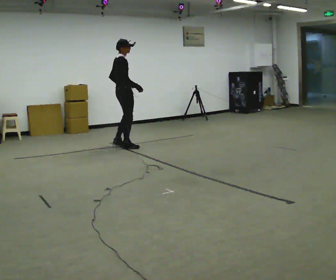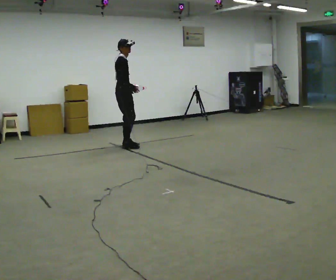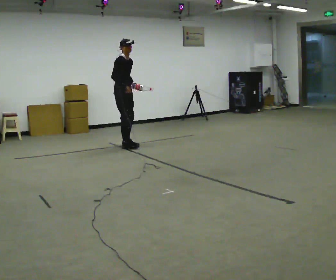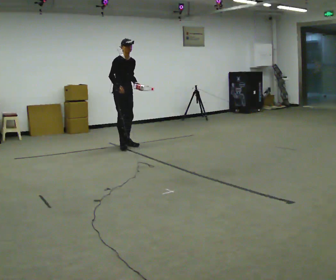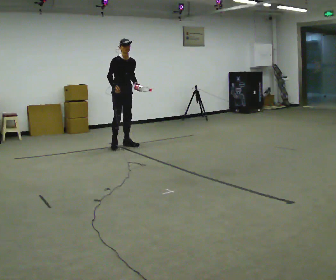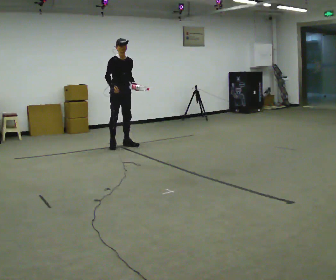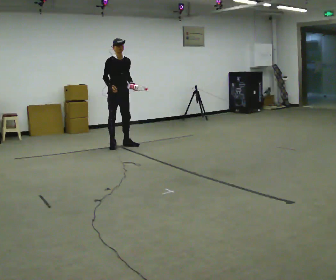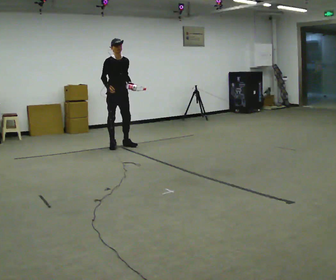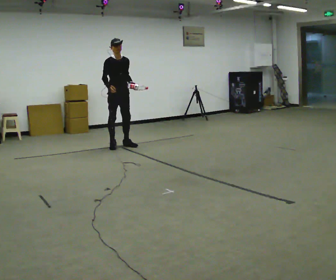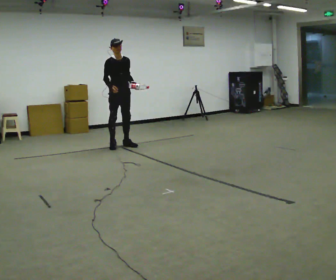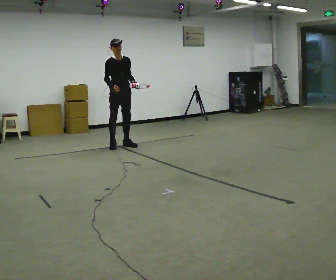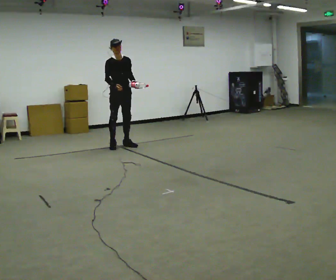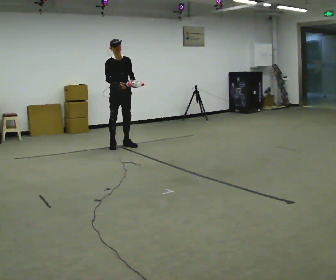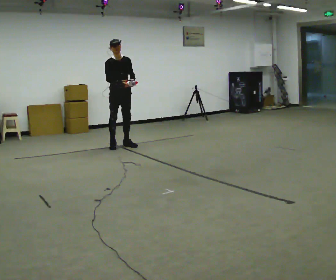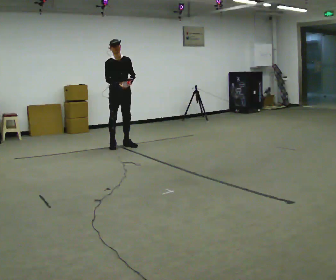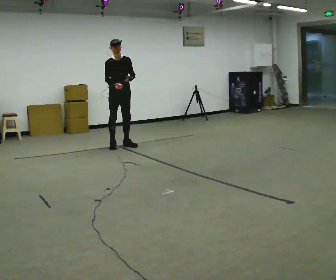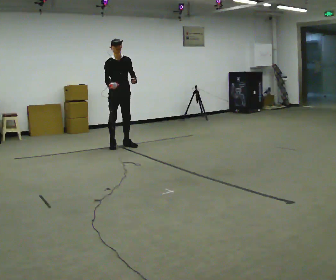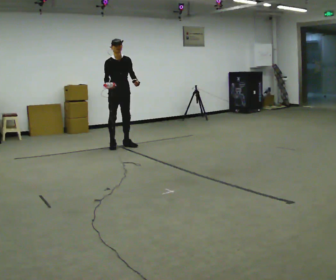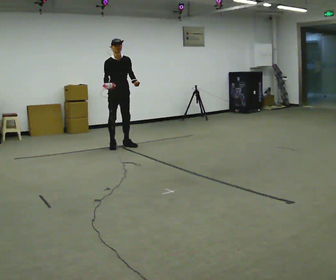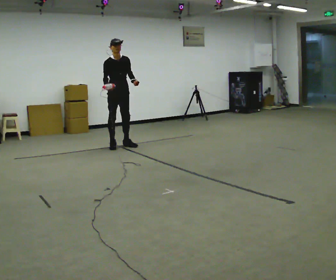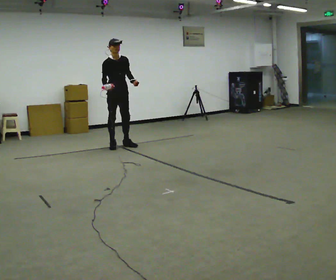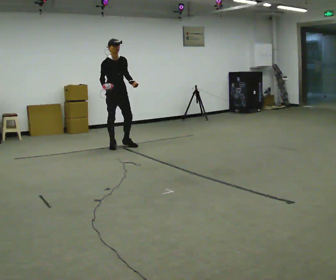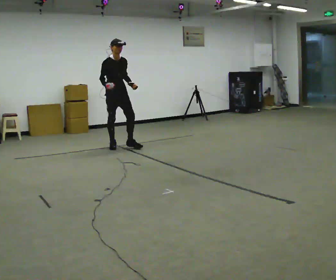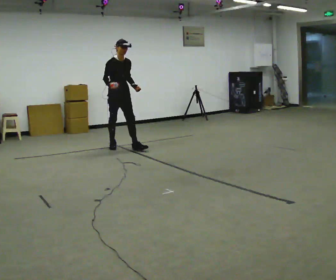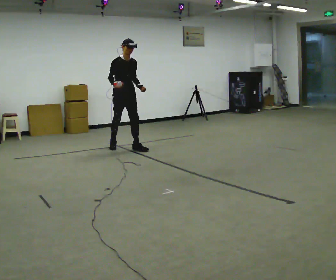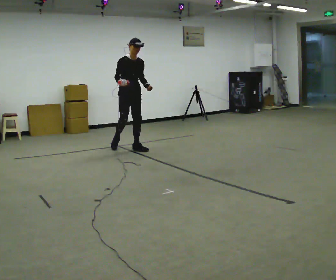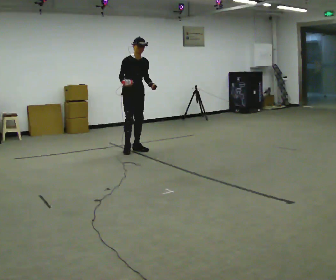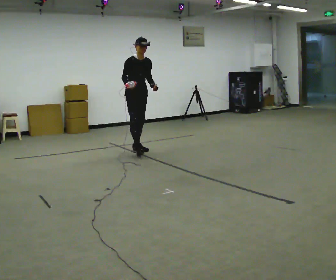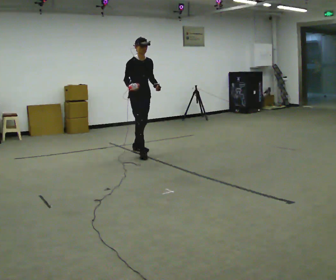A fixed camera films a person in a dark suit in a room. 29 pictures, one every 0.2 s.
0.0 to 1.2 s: Seen from above the body turns clockwise, about 75 degrees: to their right, with its near side sliding to the left. In the picture their right hand goes to the left, the arm swinging clockwise.
1.2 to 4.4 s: The person moves a little, or ends about where they began.
4.4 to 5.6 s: In the picture they go toward the camera and to the right, about 0.5 m in 2 steps, which for them is forward.
The film runs forward here.
